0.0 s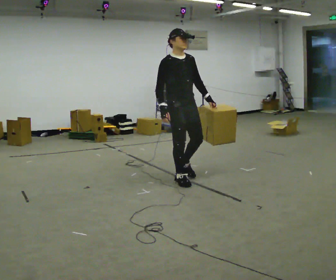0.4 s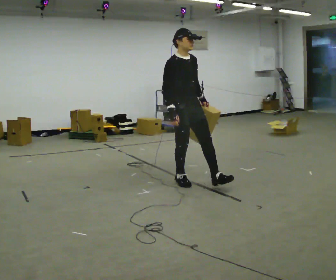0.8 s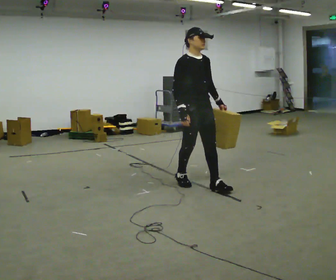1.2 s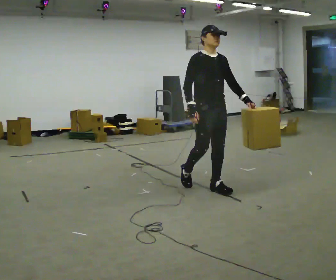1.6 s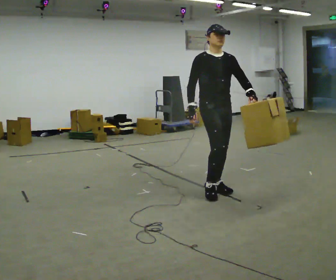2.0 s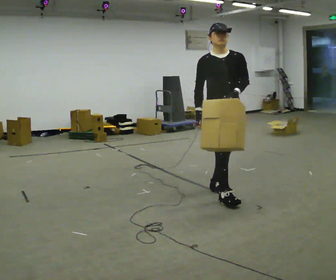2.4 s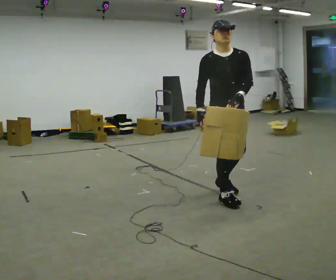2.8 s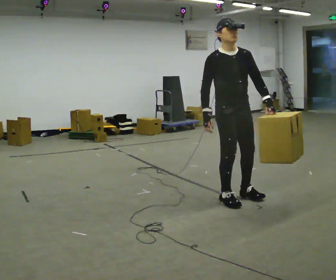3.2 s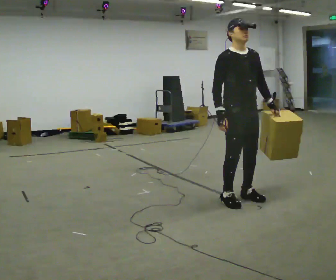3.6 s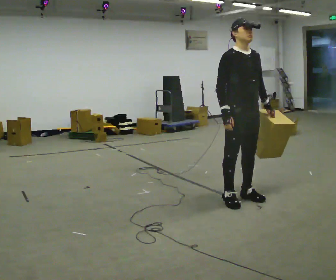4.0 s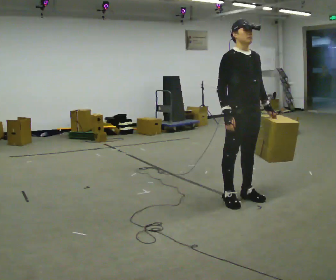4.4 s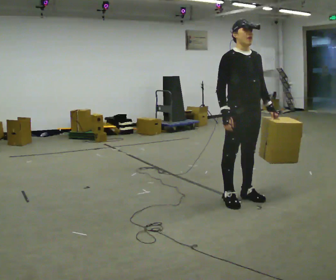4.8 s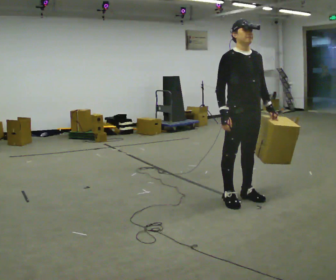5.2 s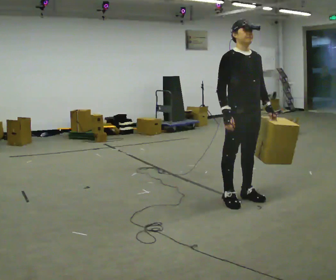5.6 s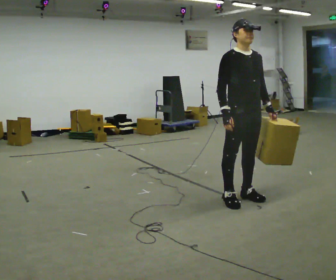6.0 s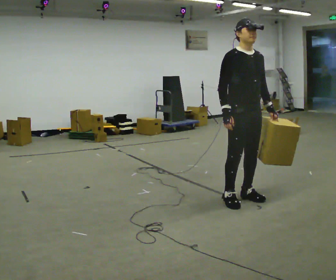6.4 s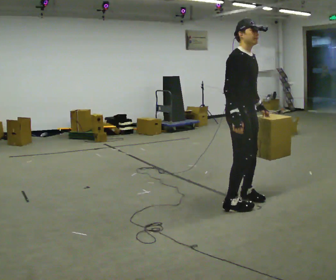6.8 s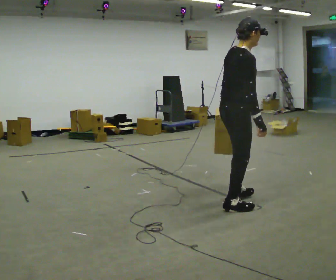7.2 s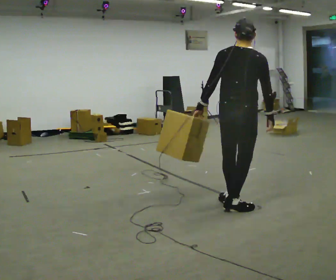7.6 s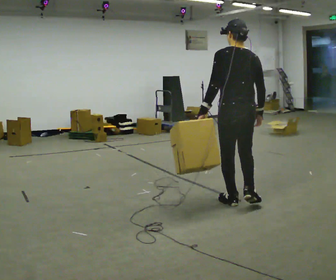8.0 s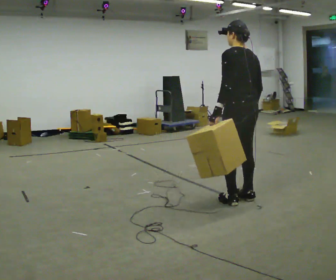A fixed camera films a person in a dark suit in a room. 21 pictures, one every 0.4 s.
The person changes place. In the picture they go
to the right.
0.0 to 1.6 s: In the picture they go to the right, about 0.5 m in 1 step, which for them is forward.
1.6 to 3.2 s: In the picture they go to the right and toward the camera, about 0.25 m in 2 steps, which for them is forward.
3.2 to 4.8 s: The person moves a little, or ends about where they began.
4.8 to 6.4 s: The part of the body nearest the lens slides to the right as the person turns to their left by about 30 degrees.
6.4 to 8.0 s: The part of the body nearest the lens slides to the right as the person turns to their left by about 150 degrees.
The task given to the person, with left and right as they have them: Carry the object in the hand the operator calls, down at your side, walking back and forth across the room.
The film runs forward here.
